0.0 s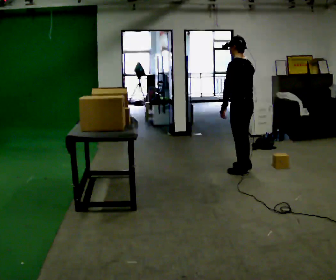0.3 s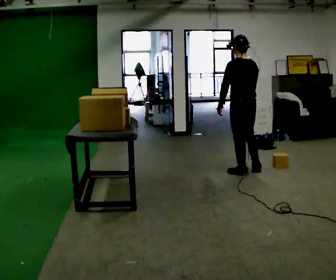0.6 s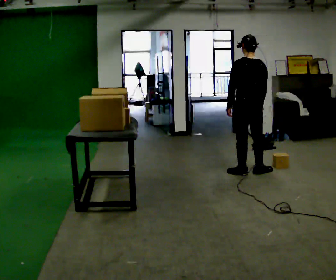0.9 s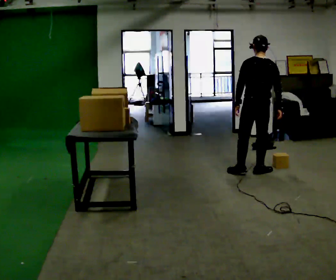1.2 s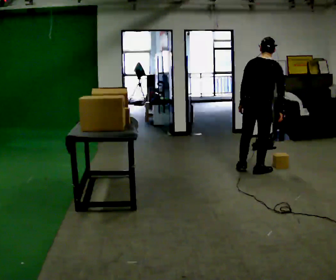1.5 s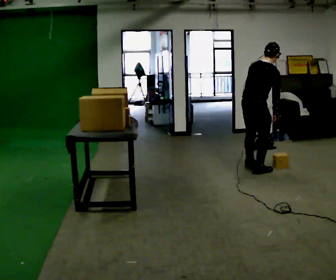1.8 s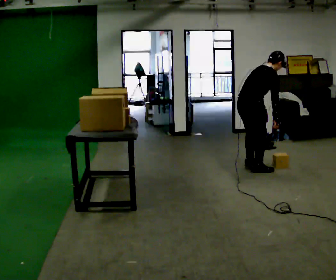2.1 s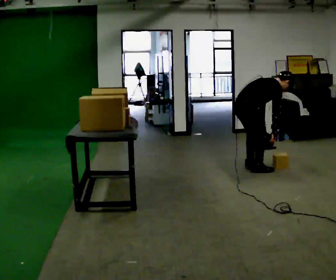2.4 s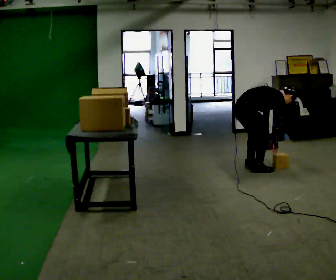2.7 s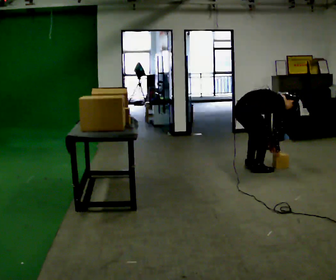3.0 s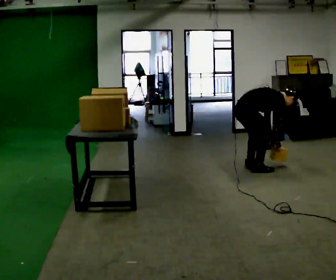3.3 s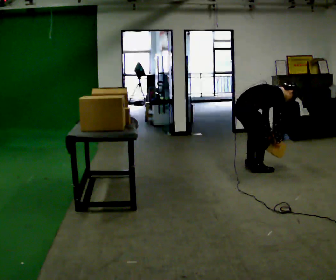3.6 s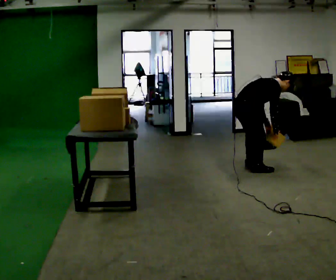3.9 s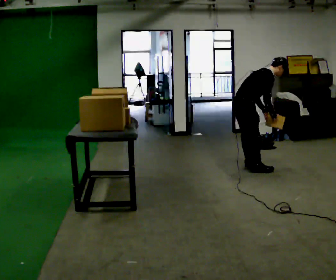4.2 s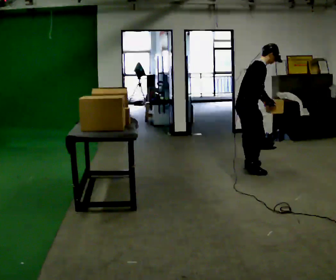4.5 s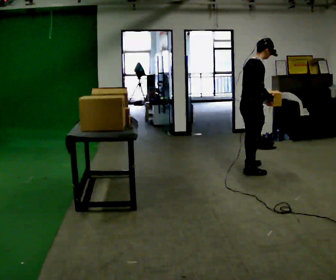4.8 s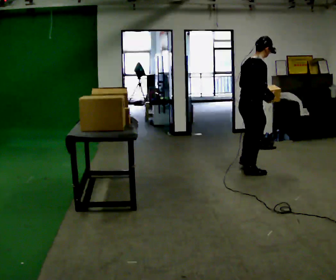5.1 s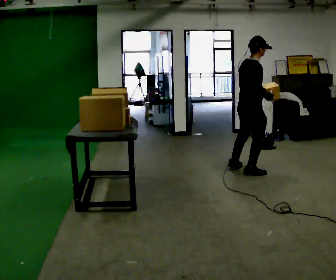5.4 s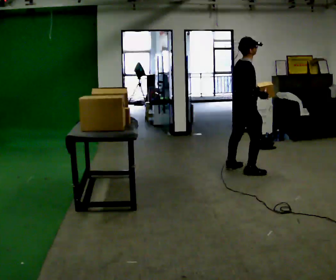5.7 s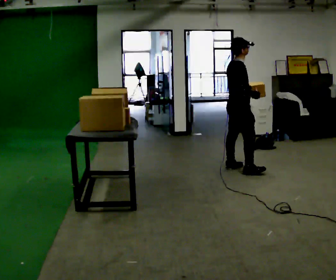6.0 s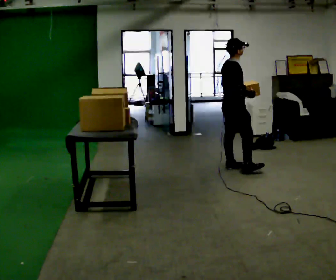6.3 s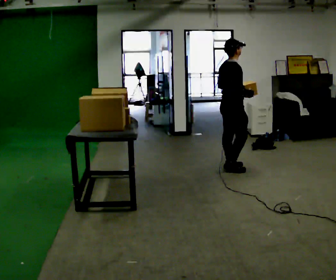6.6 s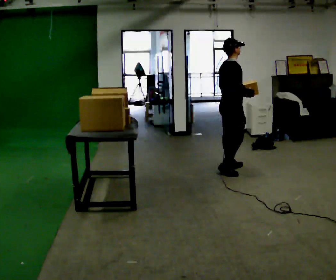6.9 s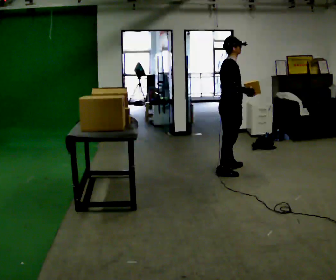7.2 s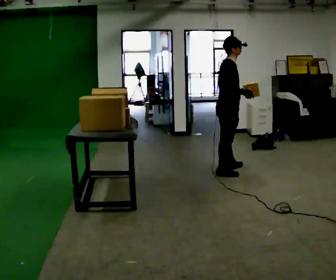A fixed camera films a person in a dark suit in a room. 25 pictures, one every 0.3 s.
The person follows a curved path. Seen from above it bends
counterclockwise.
0.0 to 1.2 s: The part of the body nearest the lens slides to the left as the person turns to their right by about 75 degrees. In the picture they go to the right, about 0.25 m in 2 steps. In the picture the upper body tilts clockwise, shoulders to the right.
1.2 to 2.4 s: The person turns about 60 degrees to their right, clockwise seen from above, so the part of the body nearest the lens slides to the left. In the picture they go to the left, about 0.25 m, which for them is to their left. The upper body goes downward. In the picture the upper body tilts clockwise, shoulders to the right, as they bend forward. In the picture their left hand goes downward and to the right.
2.4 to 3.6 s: The person moves a little, or ends about where they began.
3.6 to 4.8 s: The shoulders move upward. In the picture the upper body tilts counterclockwise, shoulders to the left, as they lean back or straighten. In the picture their right hand goes upward.
4.8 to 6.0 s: In the picture they go away from the camera and to the left, about 0.25 m in 1 step, which for them is to their left.
6.0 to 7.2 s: In the picture they go toward the camera, about 0.25 m, which for them is backward and to their right.
The film runs backward here.
